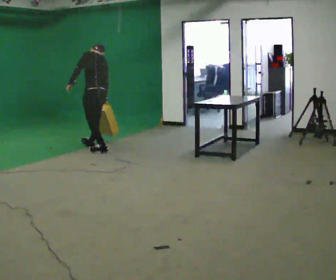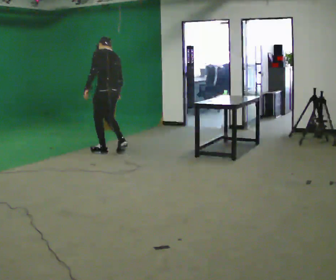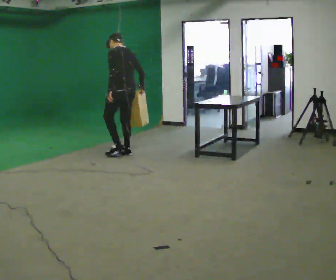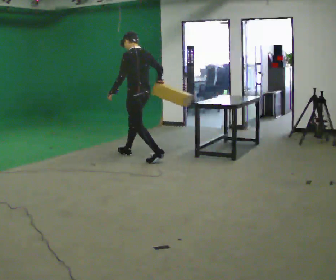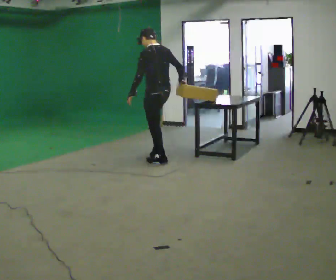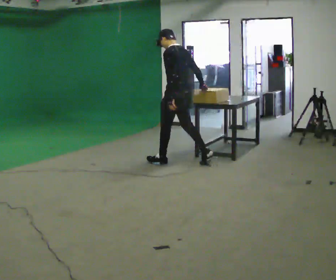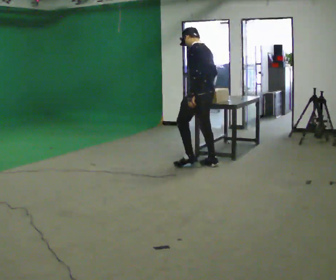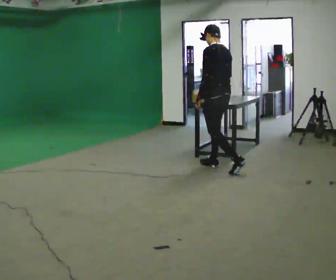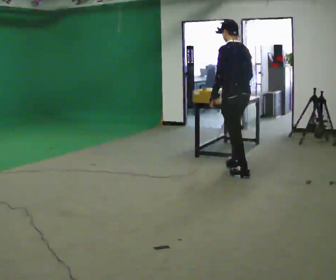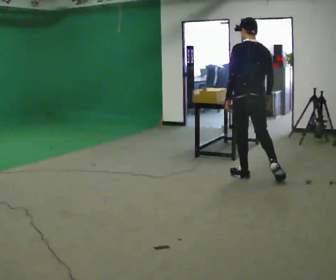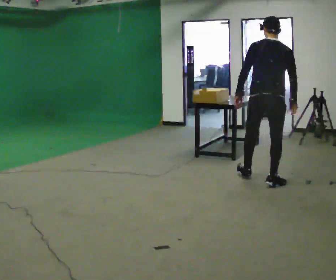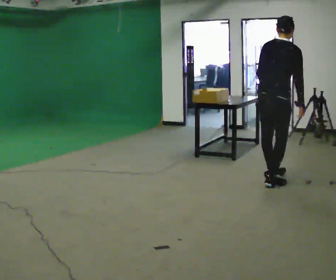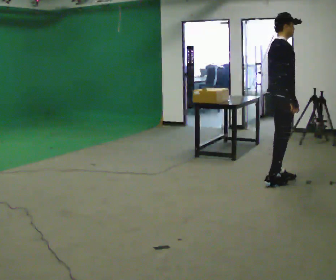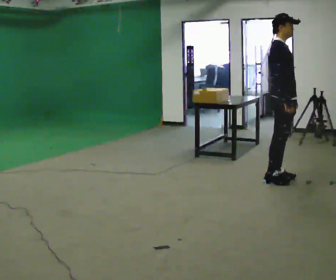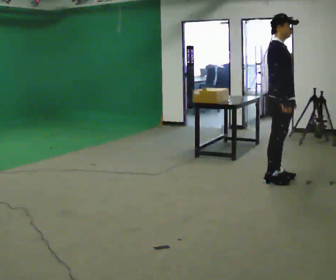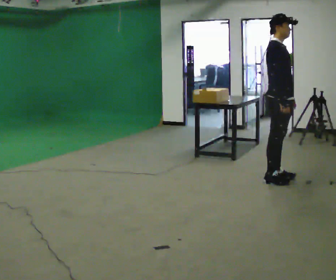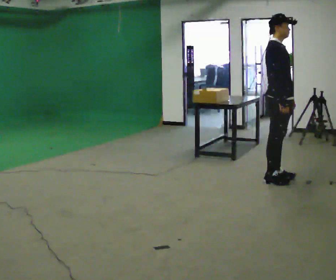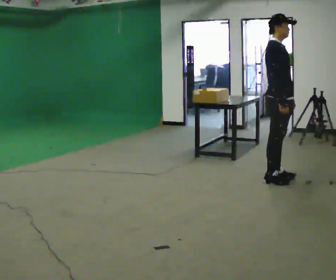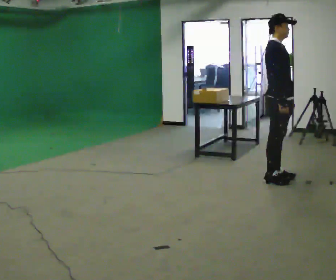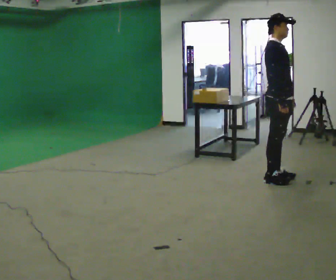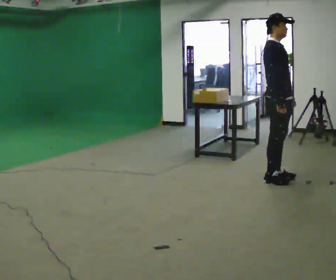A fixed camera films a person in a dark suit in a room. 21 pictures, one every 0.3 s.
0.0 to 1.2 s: In the picture they go to the right, about 1 m in 2 steps, which for them is backward. The upper body tips toward the camera, its near side rolling downward, as they lean back or straighten. In the picture their right hand goes upward.
1.2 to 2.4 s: In the picture they go to the right and toward the camera, about 1 m in 2 steps, which for them is backward.
2.4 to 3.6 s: Seen from above the body turns clockwise, about 120 degrees: to their right, with its near side sliding to the left. In the picture they go to the right and toward the camera, about 0.5 m in 2 steps.
3.6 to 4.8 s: The person turns about 30 degrees to their right, clockwise seen from above, so the part of the body nearest the lens slides to the left.
4.8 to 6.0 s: The person keeps their place and pose.
The film runs backward here.
